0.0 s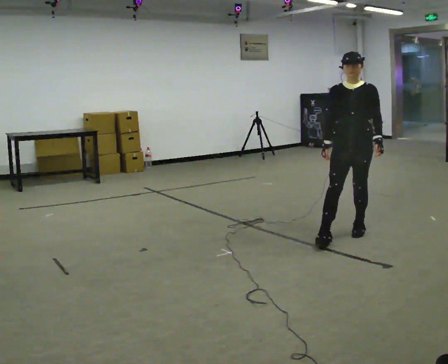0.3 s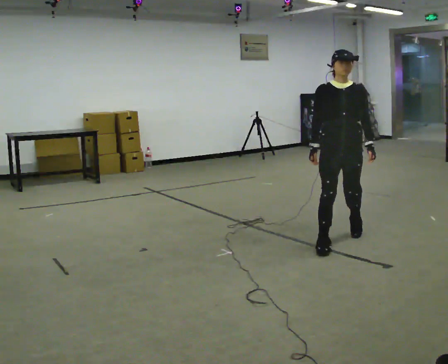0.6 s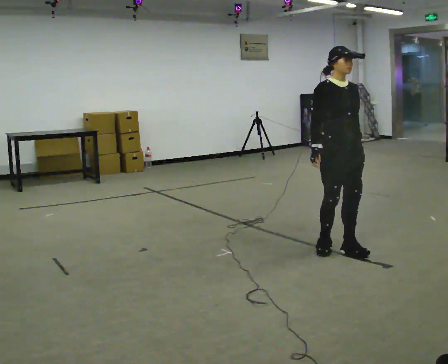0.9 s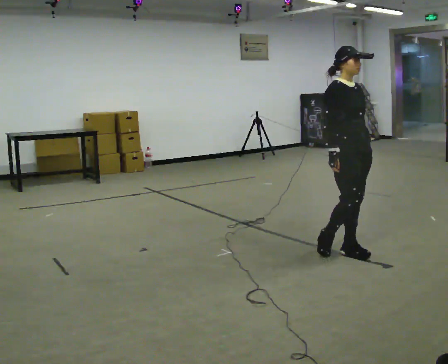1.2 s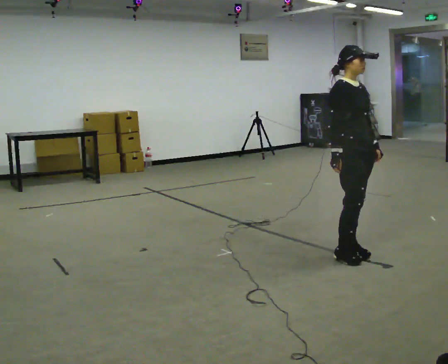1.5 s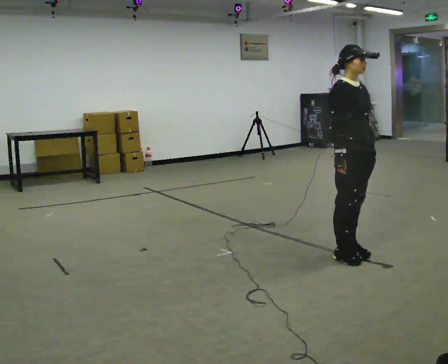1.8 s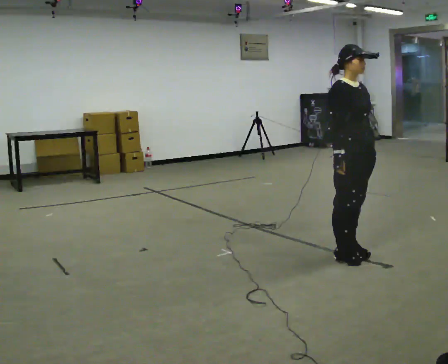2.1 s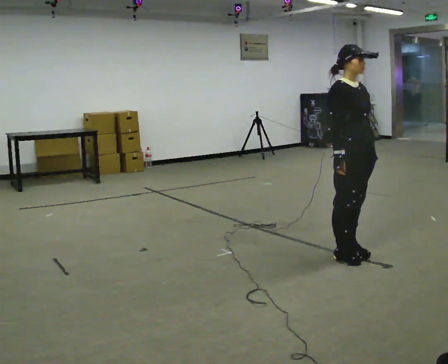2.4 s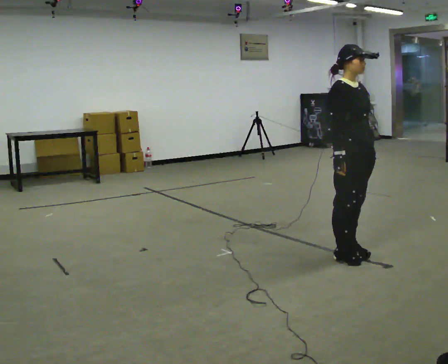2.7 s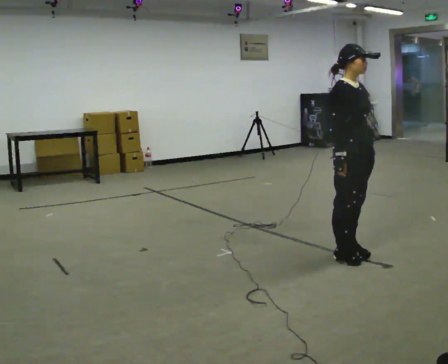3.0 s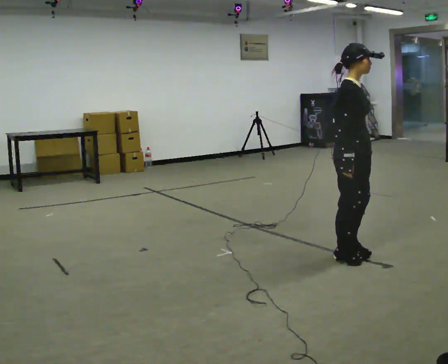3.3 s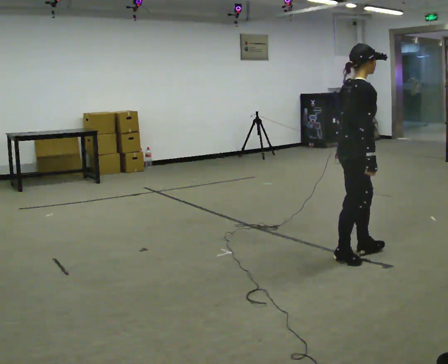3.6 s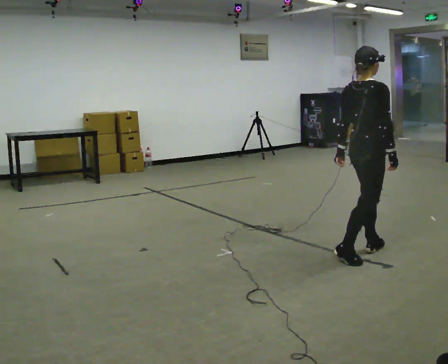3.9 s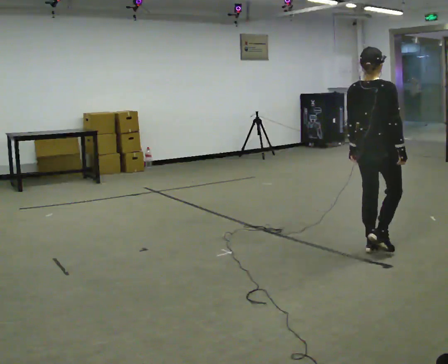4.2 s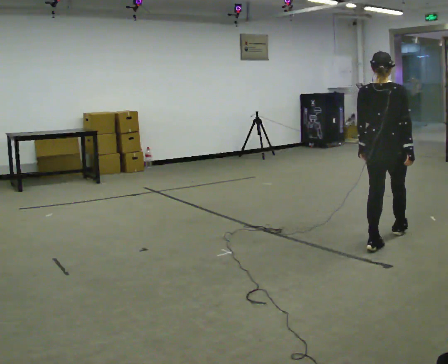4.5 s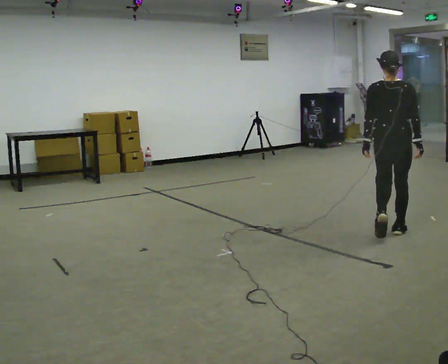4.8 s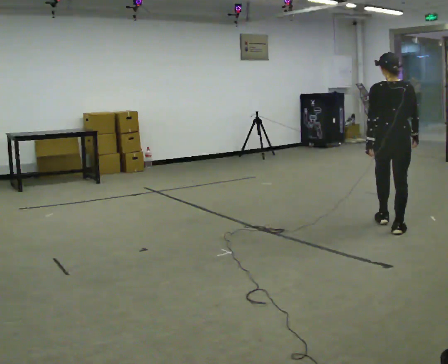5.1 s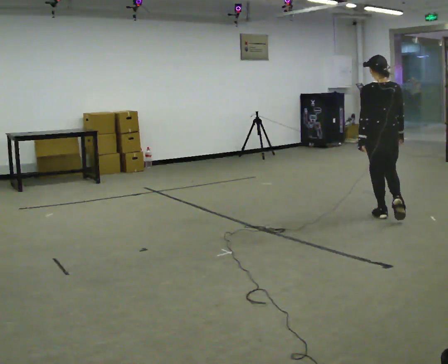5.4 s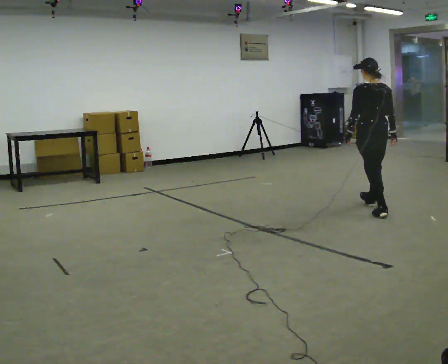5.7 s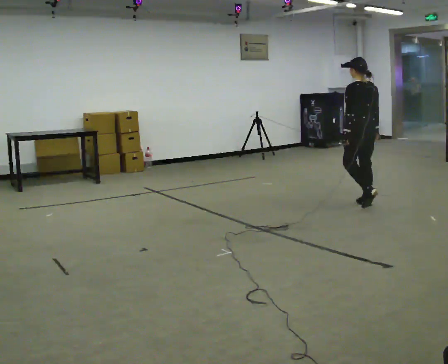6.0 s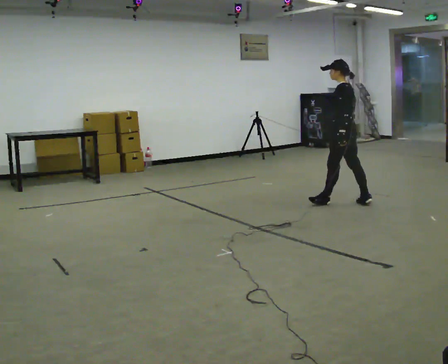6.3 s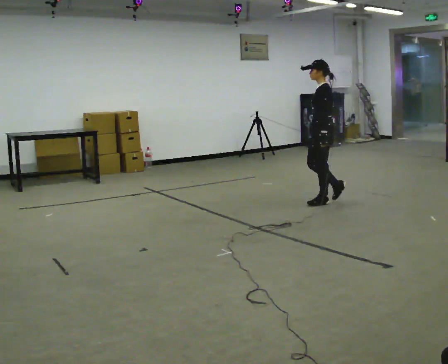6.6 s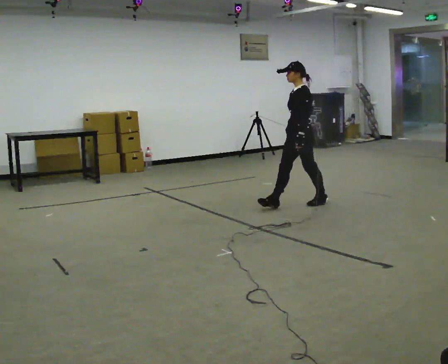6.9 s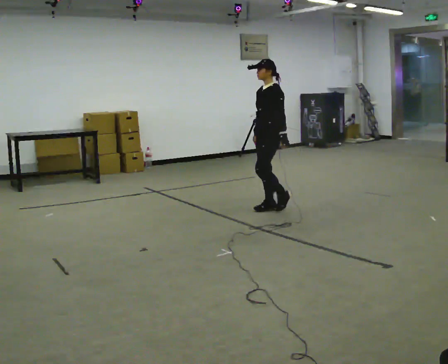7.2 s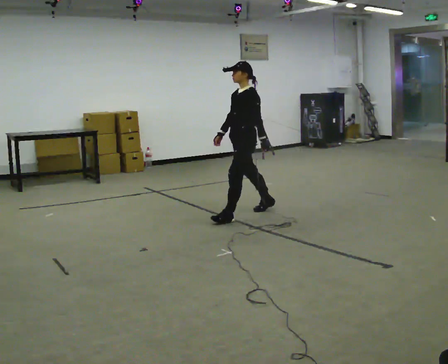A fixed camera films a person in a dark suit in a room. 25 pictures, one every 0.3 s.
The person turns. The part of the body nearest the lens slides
to the right.
The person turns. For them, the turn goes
to their left.
0.0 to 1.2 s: The part of the body nearest the lens slides to the right as the person turns to their left by about 60 degrees. In the picture they go toward the camera, about 0.5 m in 3 steps.
1.2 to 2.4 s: The person moves a little, or ends about where they began.
2.4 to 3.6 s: The person turns about 75 degrees to their left, counterclockwise seen from above, so the part of the body nearest the lens slides to the right.
3.6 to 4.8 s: The person turns about 60 degrees to their left, counterclockwise seen from above, so the part of the body nearest the lens slides to the right. In the picture they go away from the camera, about 1 m in 1 step, which for them is forward.
4.8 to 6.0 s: Seen from above the body turns counterclockwise, about 75 degrees: to their left, with its near side sliding to the right. In the picture they go away from the camera and to the left, about 1 m in 2 steps.
6.0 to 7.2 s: Seen from above the body turns counterclockwise, about 45 degrees: to their left, with its near side sliding to the right. In the picture they go to the left and toward the camera, about 1 m in 3 steps, which for them is forward.
The film runs forward here.
